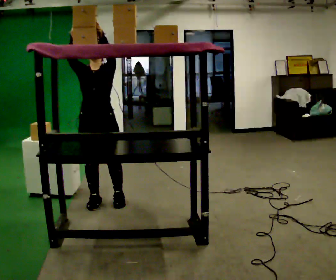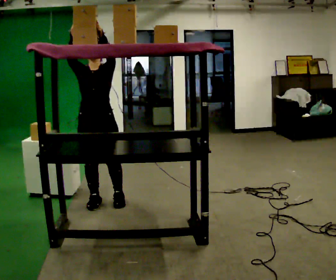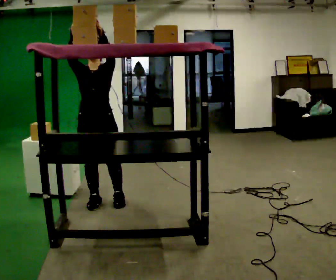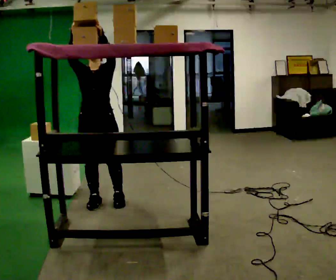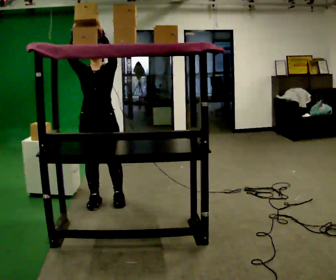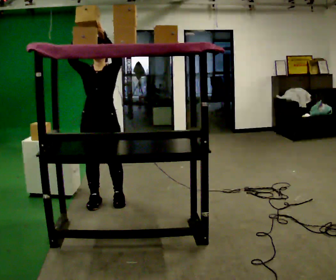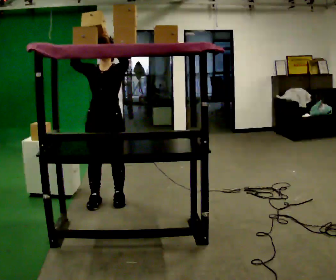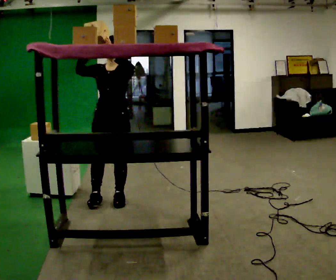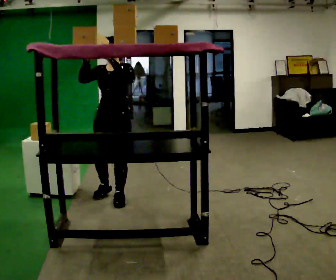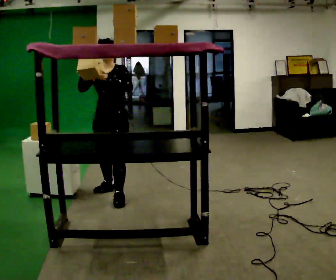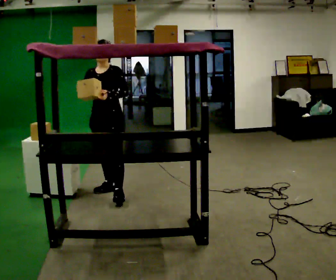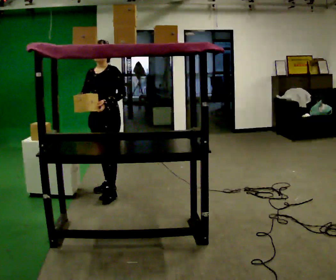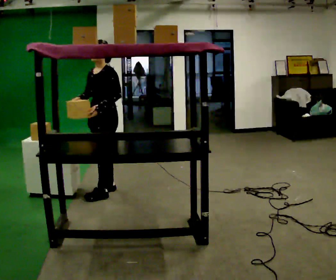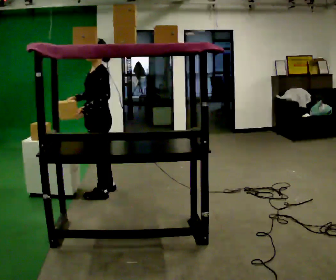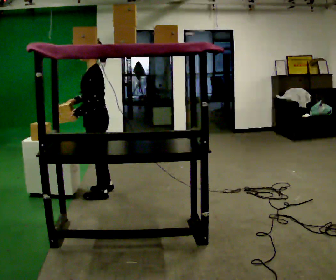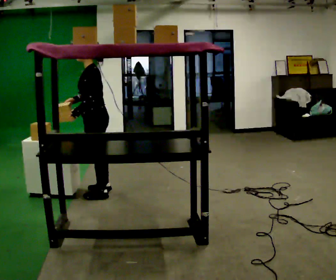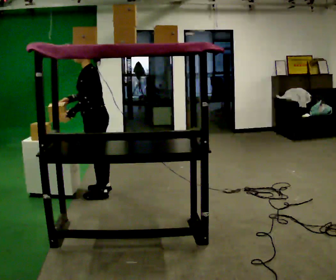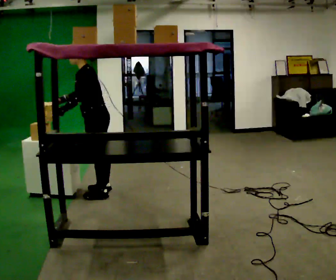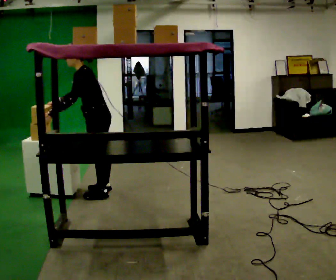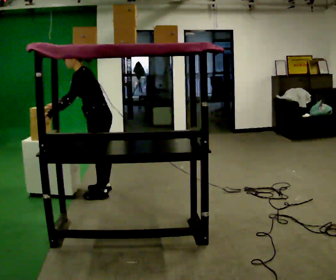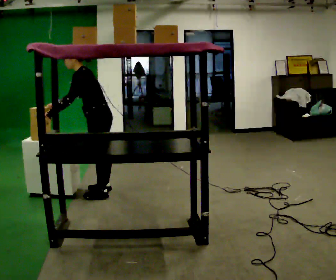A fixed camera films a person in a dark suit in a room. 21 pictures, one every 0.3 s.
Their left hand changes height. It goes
downward.
The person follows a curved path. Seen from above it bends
counterclockwise.
0.0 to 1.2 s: The person moves a little, or ends about where they began.
1.2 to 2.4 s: In the picture they go away from the camera, about 0.25 m in 1 step, which for them is backward and to their left.
2.4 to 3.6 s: Seen from above the body turns clockwise, about 30 degrees: to their right, with its near side sliding to the left. In the picture they go away from the camera, about 0.25 m, which for them is backward and to their right. In the picture their left hand goes downward.
3.6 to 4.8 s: Seen from above the body turns clockwise, about 45 degrees: to their right, with its near side sliding to the left.
4.8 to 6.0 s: In the picture the upper body tilts counterclockwise, shoulders to the left, as they bend forward.
The film runs backward here.
